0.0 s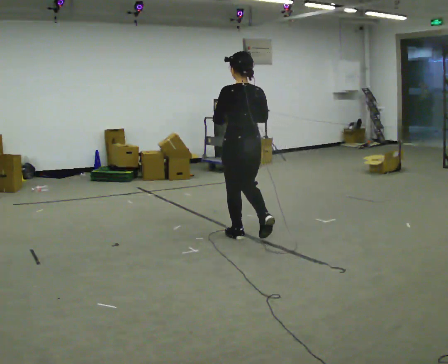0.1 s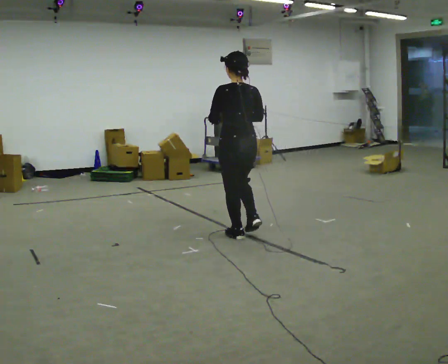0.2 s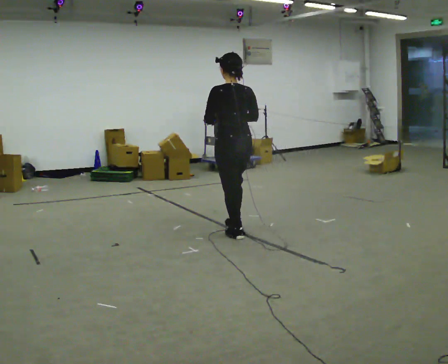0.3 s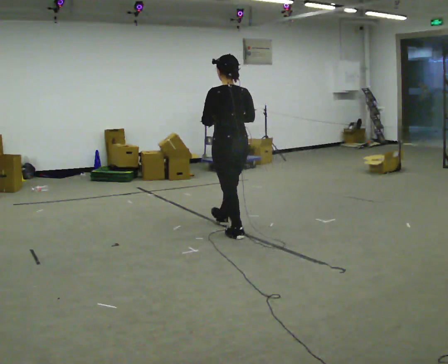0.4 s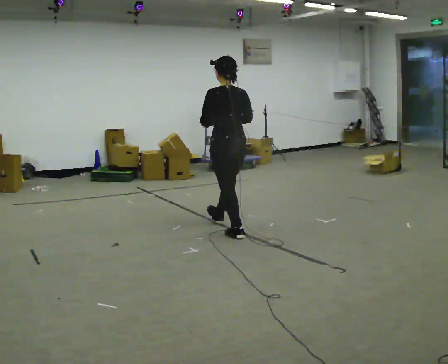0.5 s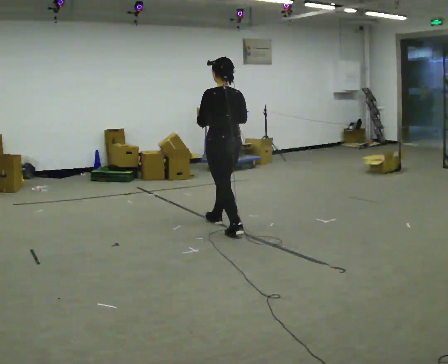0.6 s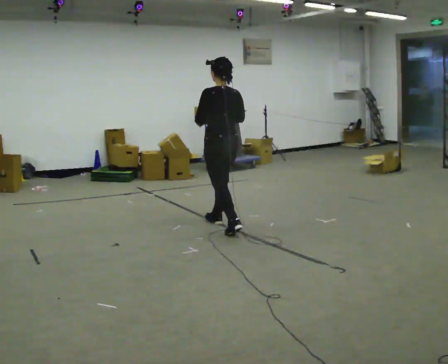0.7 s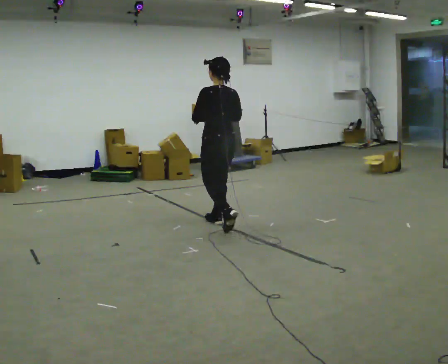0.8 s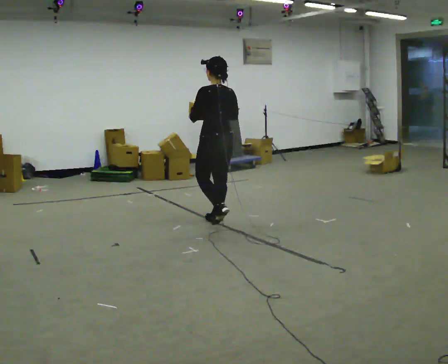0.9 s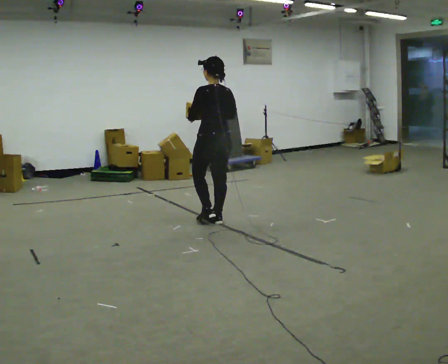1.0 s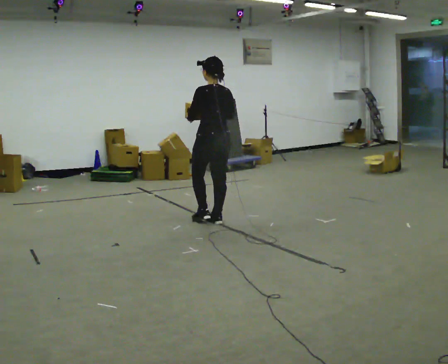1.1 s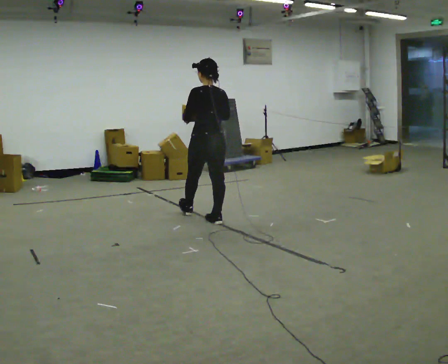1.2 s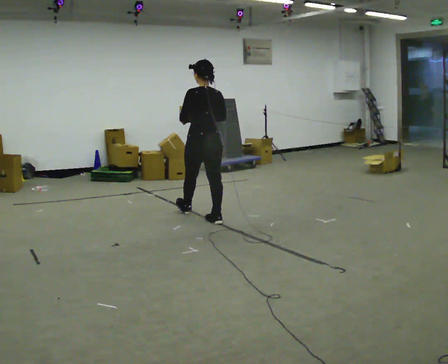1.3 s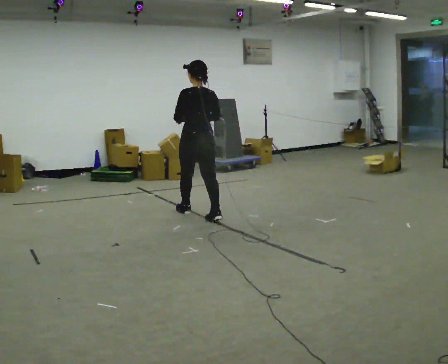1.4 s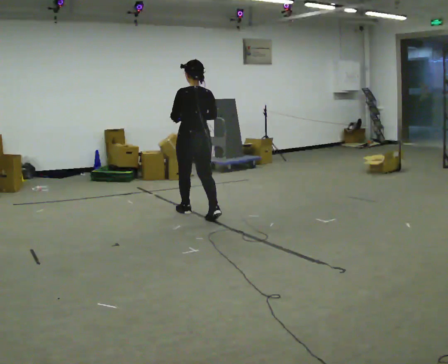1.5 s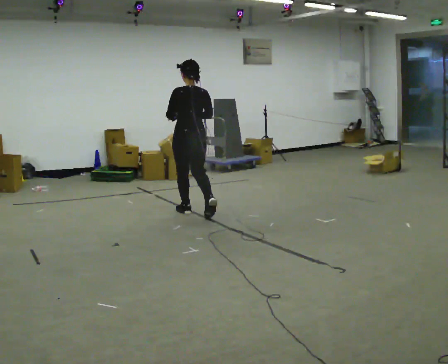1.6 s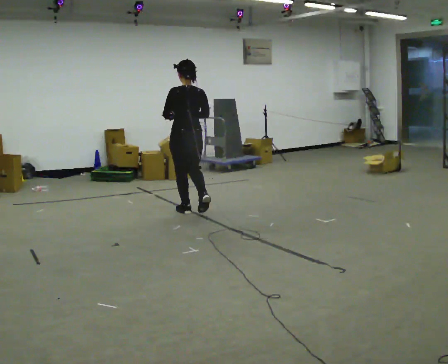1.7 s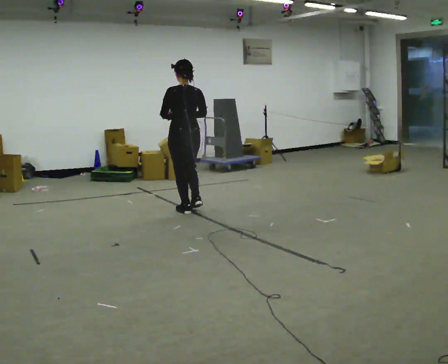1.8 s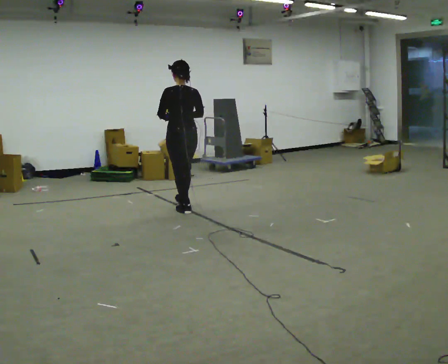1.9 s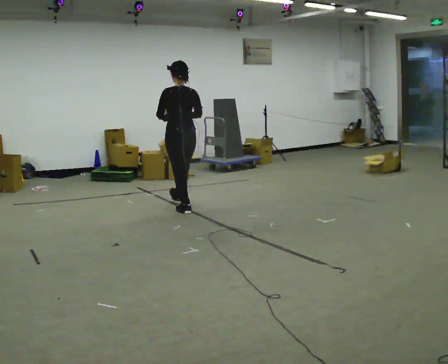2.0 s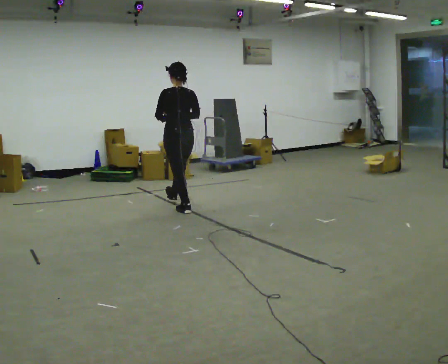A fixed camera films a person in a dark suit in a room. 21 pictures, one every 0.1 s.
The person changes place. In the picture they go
away from the camera.
0.0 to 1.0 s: In the picture they go away from the camera and to the left, about 0.75 m in 1 step, which for them is forward.
1.0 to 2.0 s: In the picture they go away from the camera and to the left, about 0.5 m in 2 steps, which for them is forward.
The film runs forward here.
